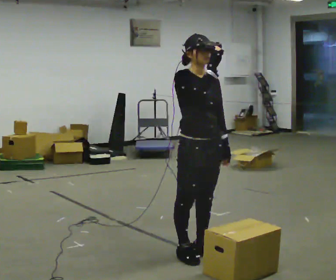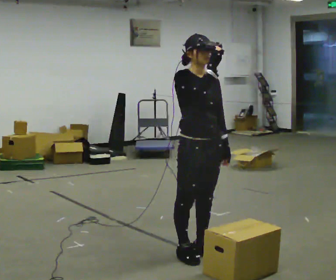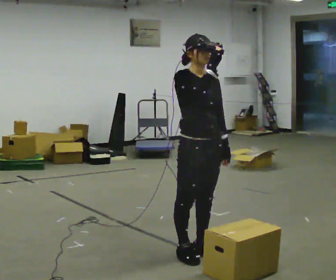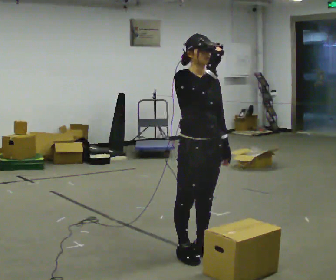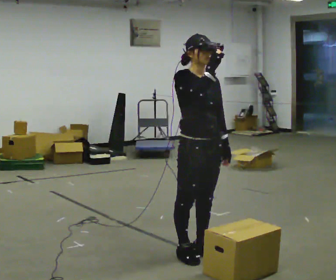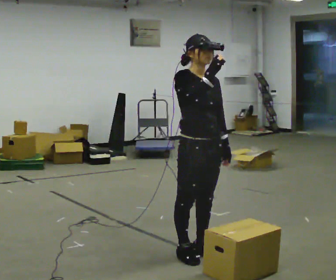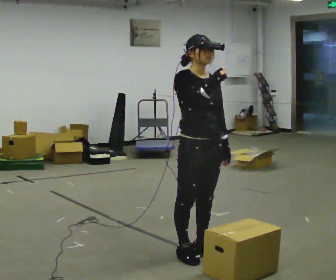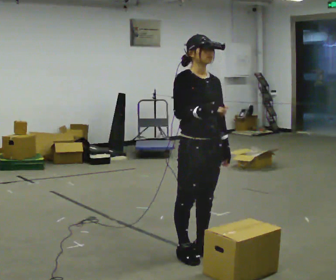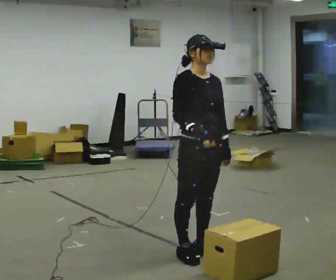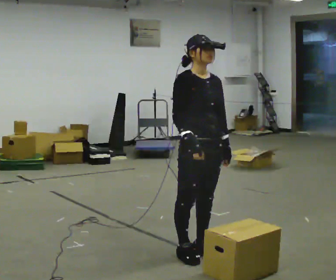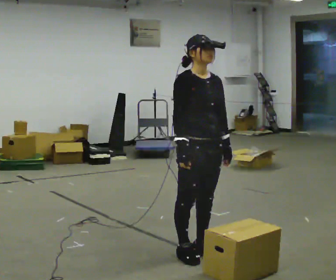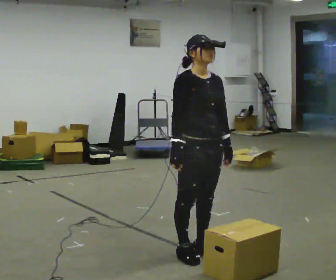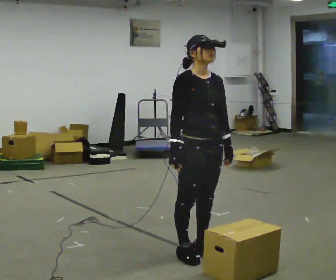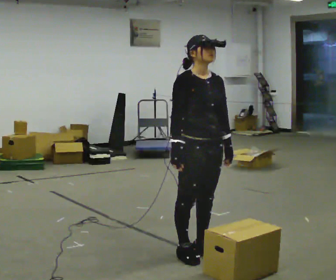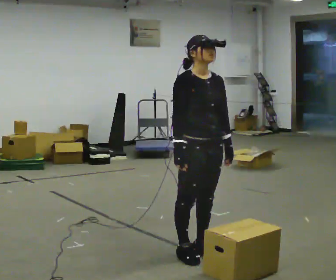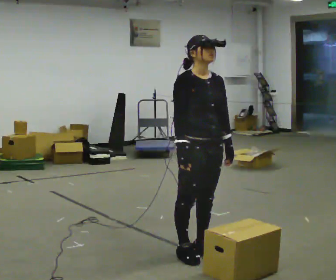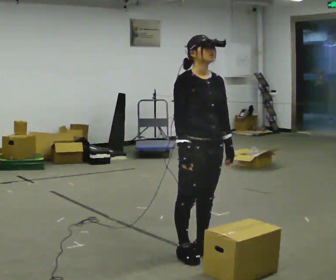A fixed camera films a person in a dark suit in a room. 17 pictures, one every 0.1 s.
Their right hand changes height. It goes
downward.
0.0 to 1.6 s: In the picture their right hand goes downward.
The film runs forward here.
